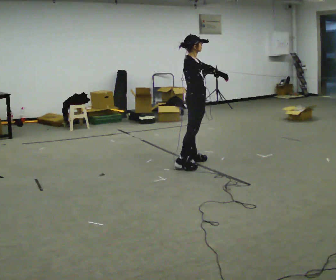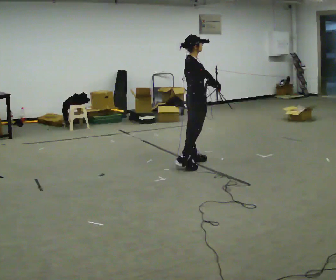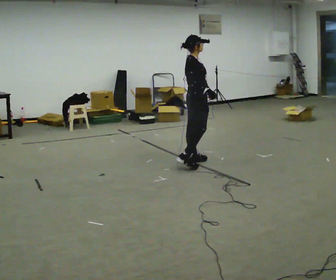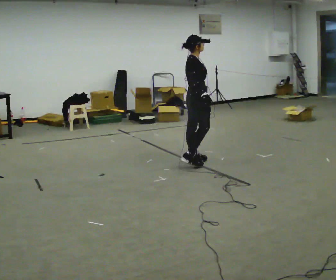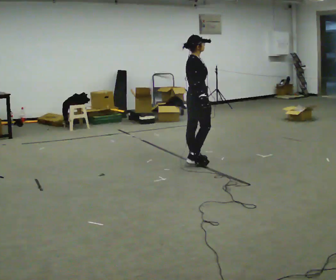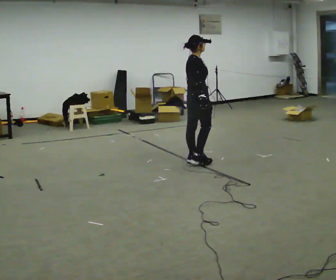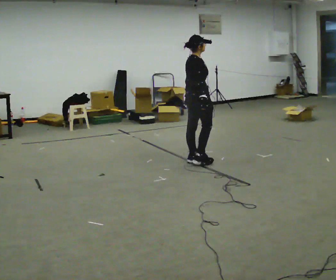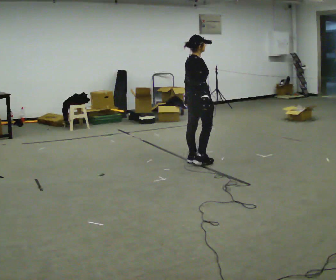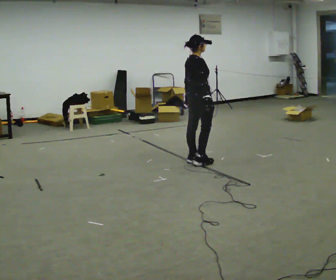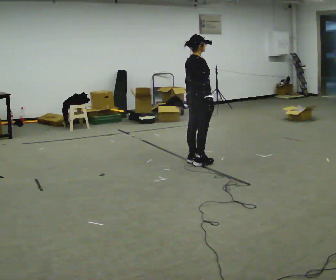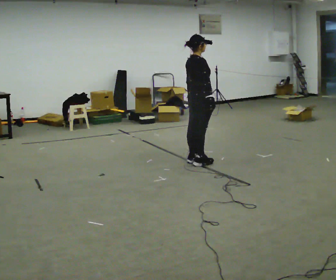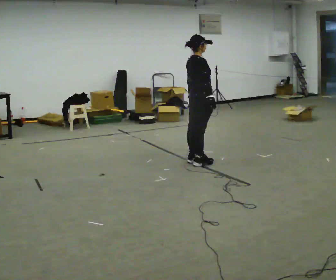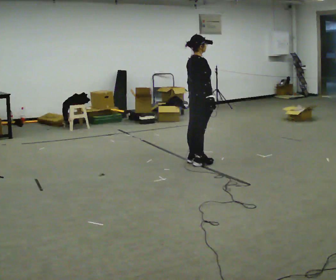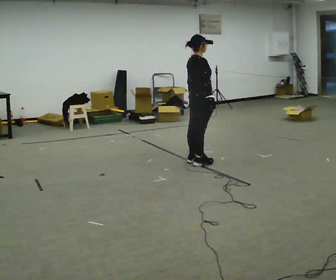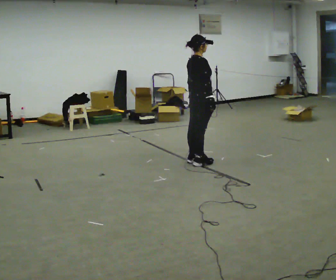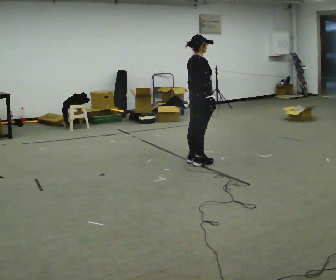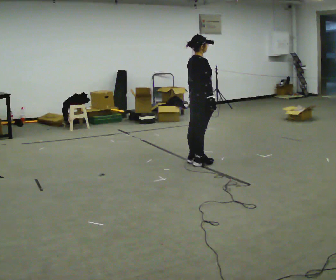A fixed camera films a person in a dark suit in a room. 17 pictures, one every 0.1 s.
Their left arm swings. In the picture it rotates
clockwise.
0.0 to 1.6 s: The person turns about 30 degrees to their left, counterclockwise seen from above, so the part of the body nearest the lens slides to the right. In the picture their left hand goes to the left, the arm swinging clockwise.
The film runs forward here.
